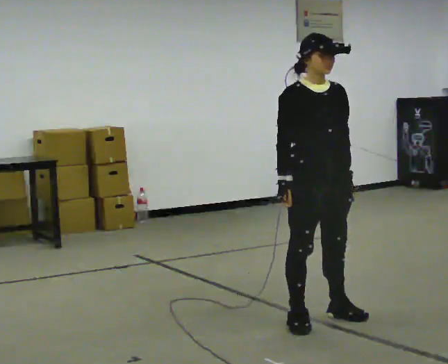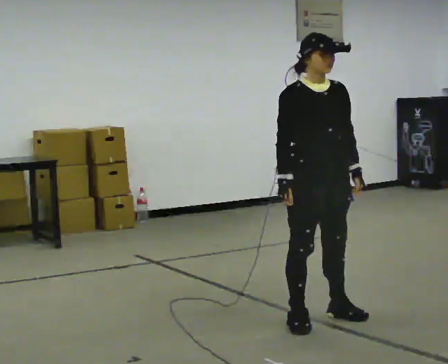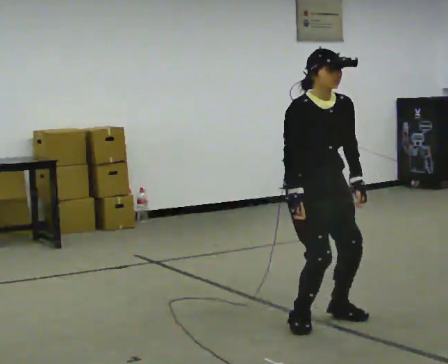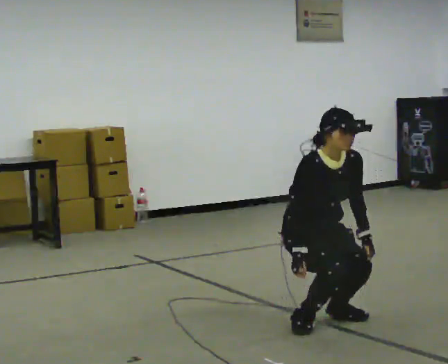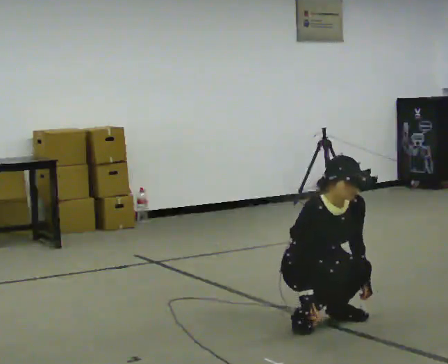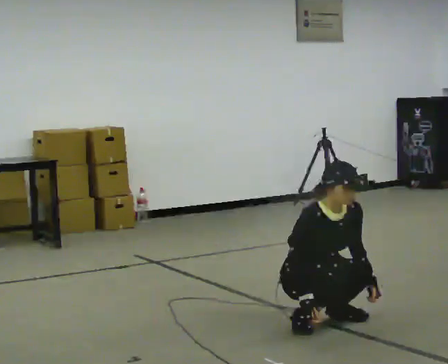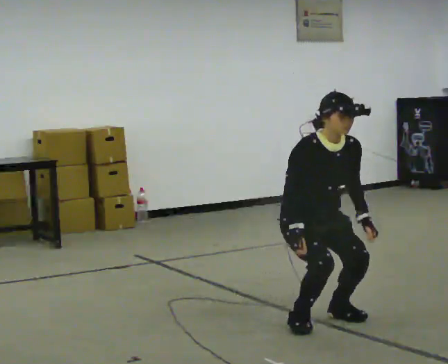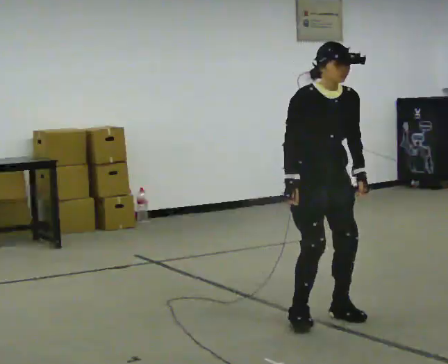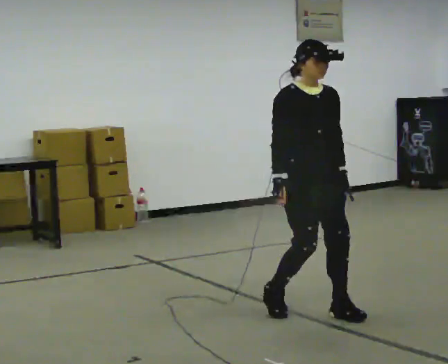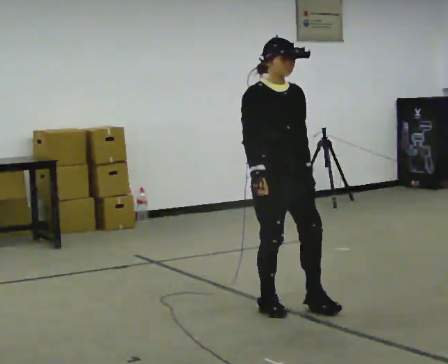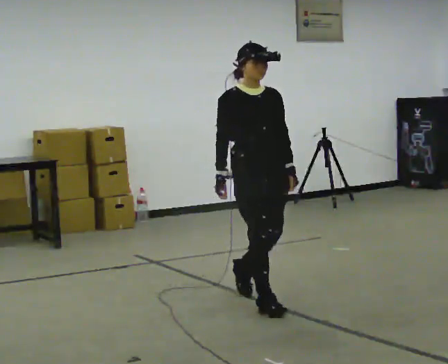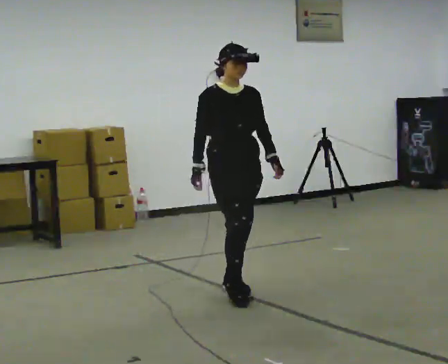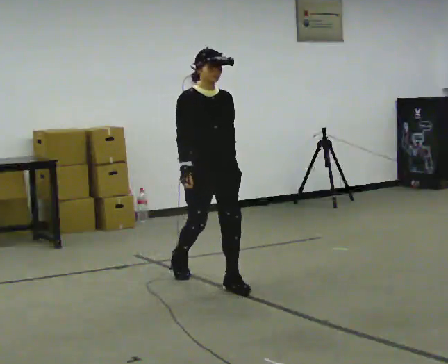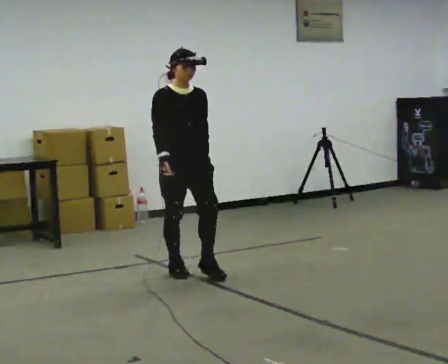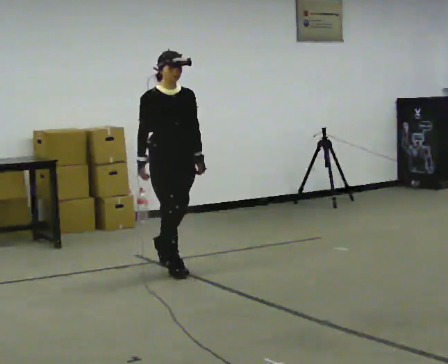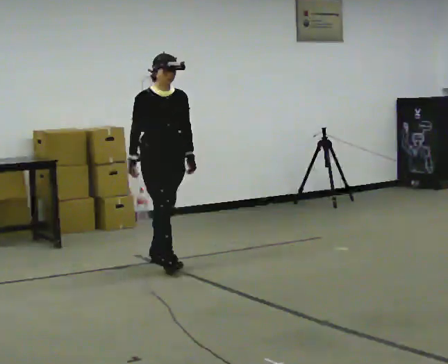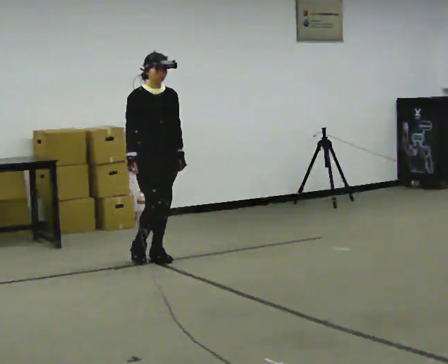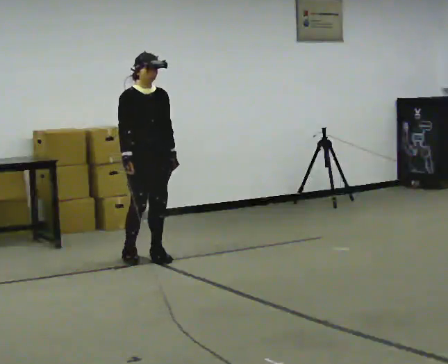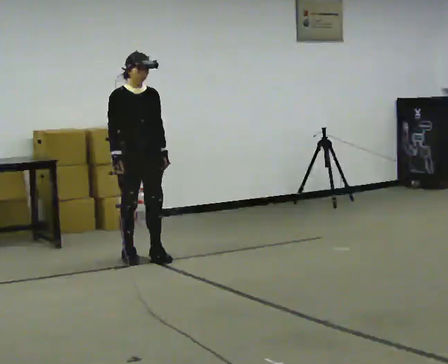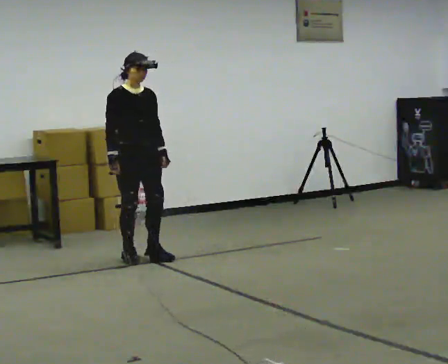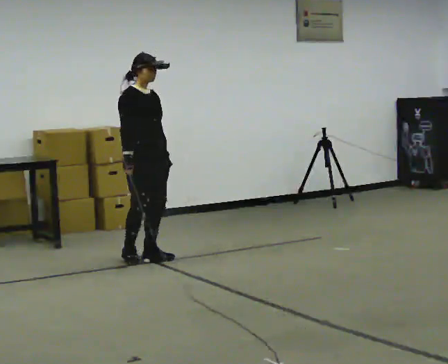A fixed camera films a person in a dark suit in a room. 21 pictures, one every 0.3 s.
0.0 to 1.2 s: In the picture they go away from the camera, about 0.25 m, which for them is backward. The shoulders move downward. The upper body tips toward the camera, its near side rolling downward, as they bend forward. In the picture their right hand goes downward.
1.2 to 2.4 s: The upper body goes upward. The upper body tips away from the camera, its near side rolling upward, as they lean back or straighten. In the picture their left hand goes upward.
2.4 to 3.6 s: In the picture they go away from the camera and to the left, about 1 m in 2 steps, which for them is backward.
3.6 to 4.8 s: In the picture they go away from the camera and to the left, about 1 m in 2 steps, which for them is backward.
4.8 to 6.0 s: The person moves a little, or ends about where they began.
The film runs backward here.
